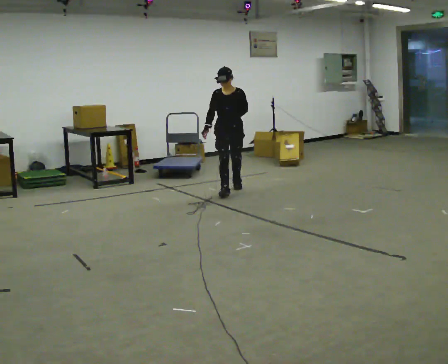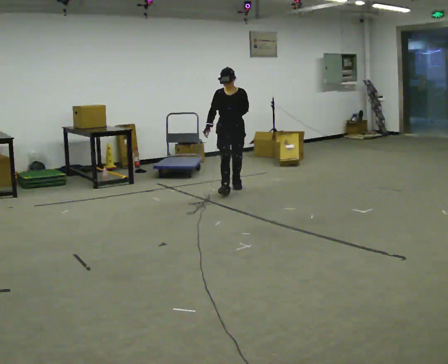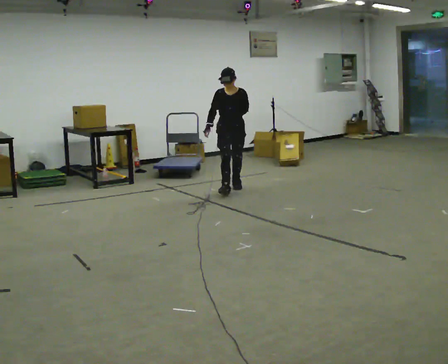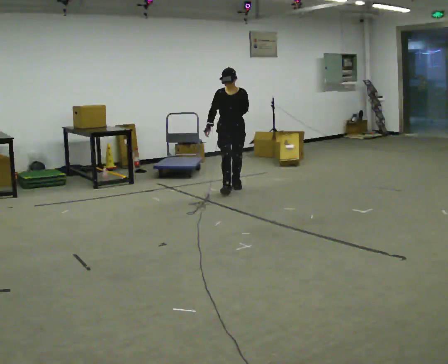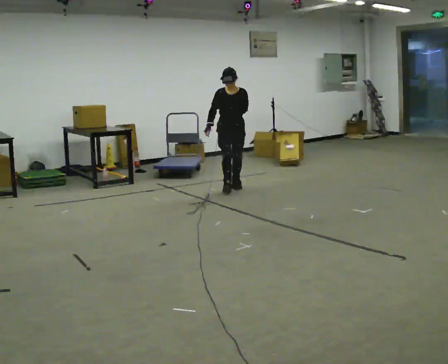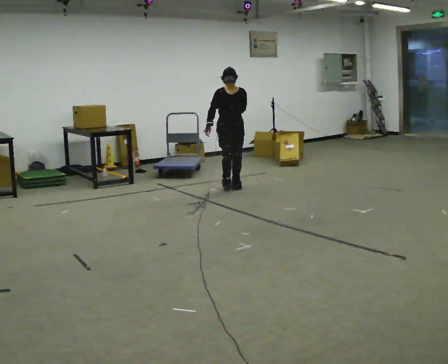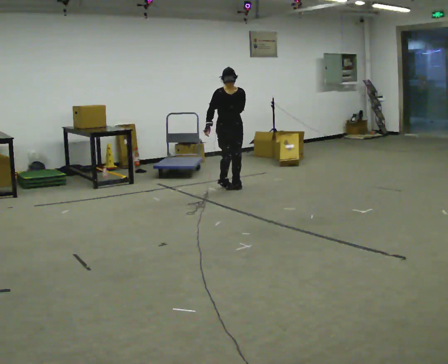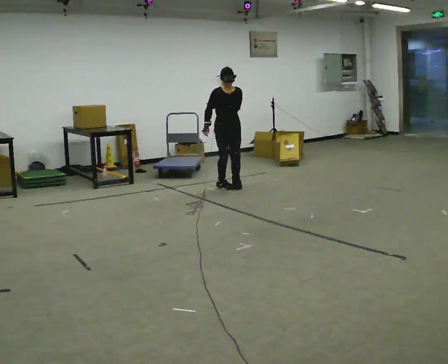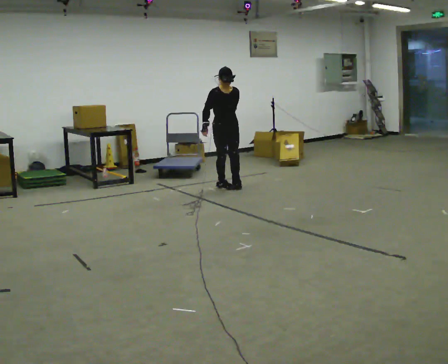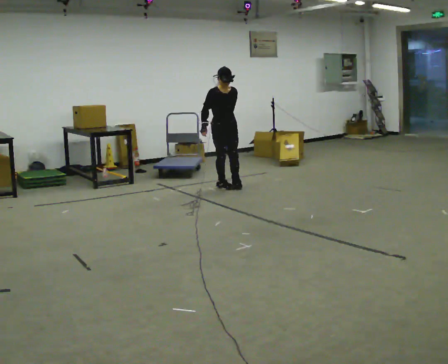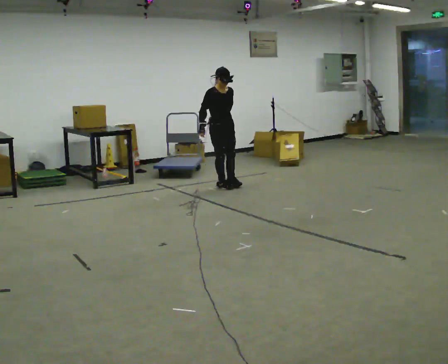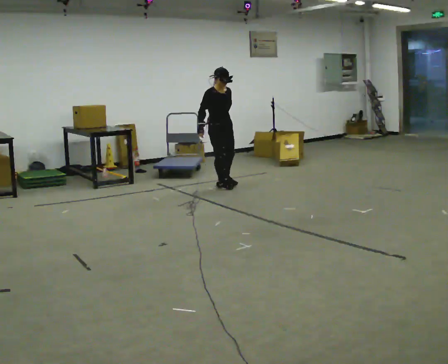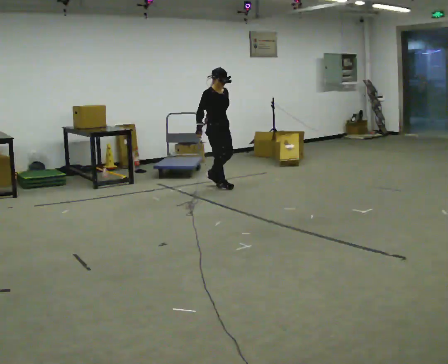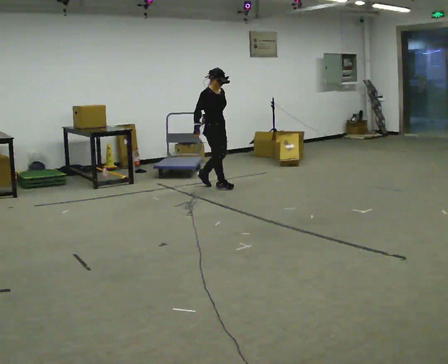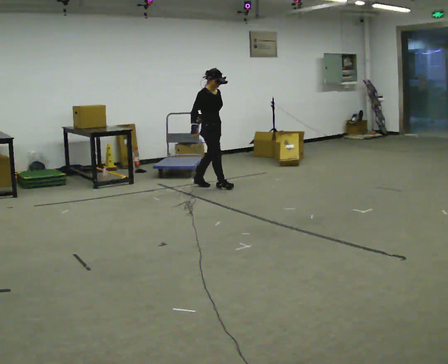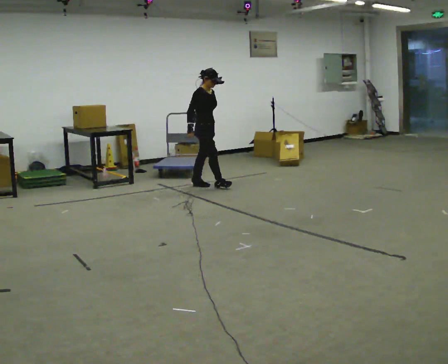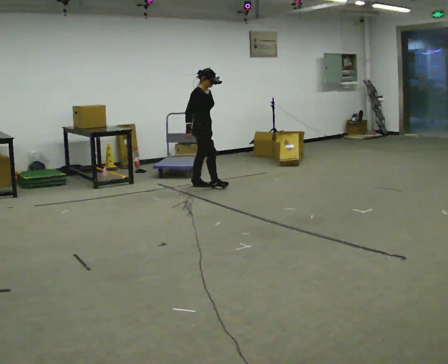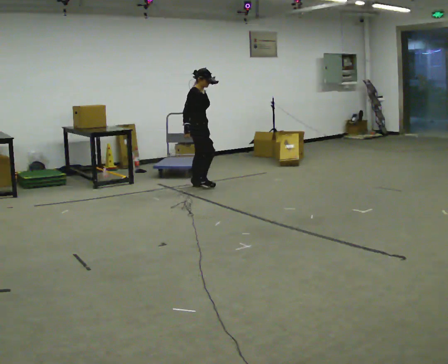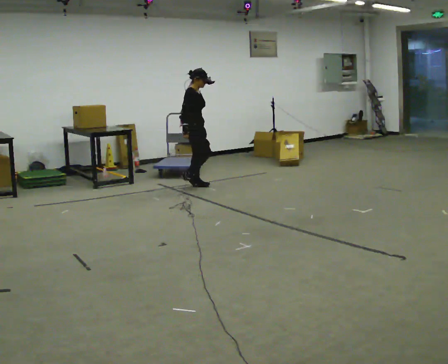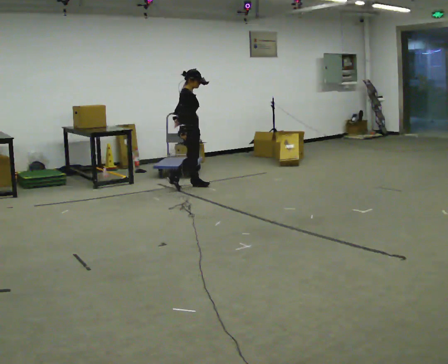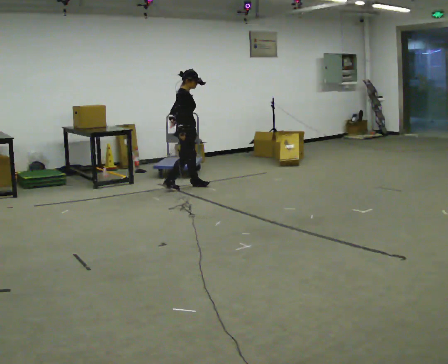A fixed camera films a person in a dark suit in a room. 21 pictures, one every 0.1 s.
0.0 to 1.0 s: Seen from above the body turns counterclockwise, about 45 degrees: to their left, with its near side sliding to the right. In the picture they go away from the camera, about 0.25 m in 2 steps, which for them is backward.
1.0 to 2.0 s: Seen from above the body turns counterclockwise, about 60 degrees: to their left, with its near side sliding to the right. In the picture they go to the left, about 0.5 m in 1 step.
The film runs backward here.
